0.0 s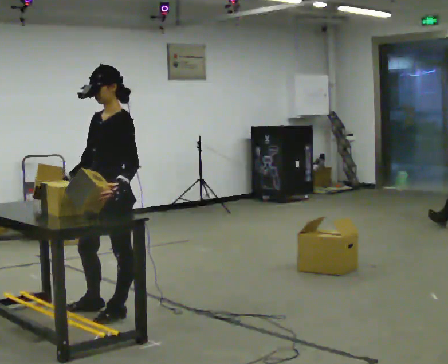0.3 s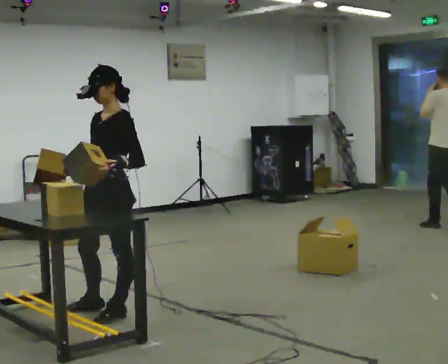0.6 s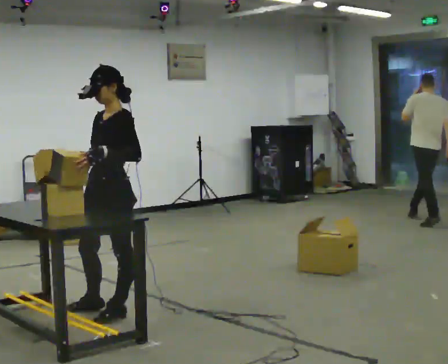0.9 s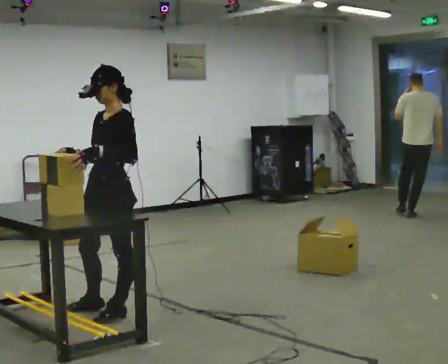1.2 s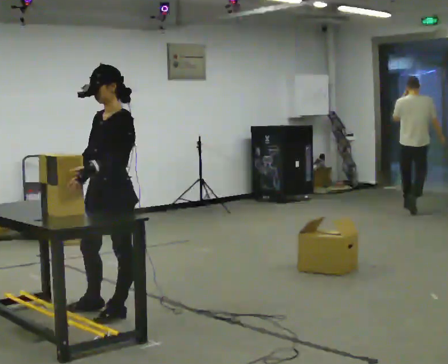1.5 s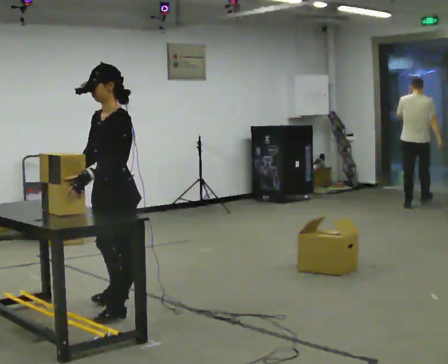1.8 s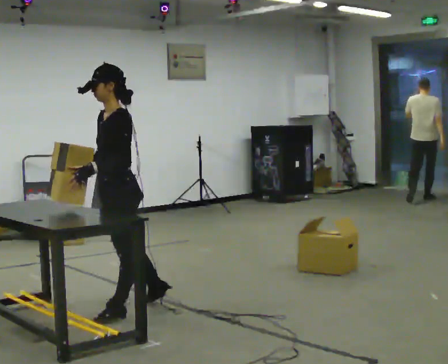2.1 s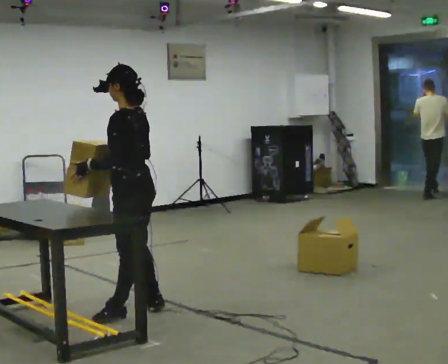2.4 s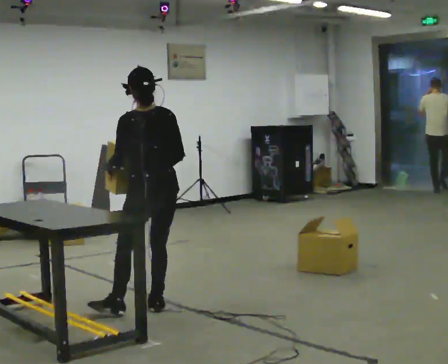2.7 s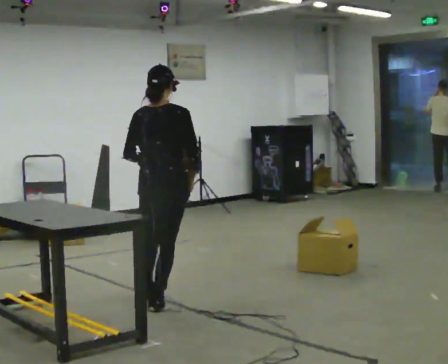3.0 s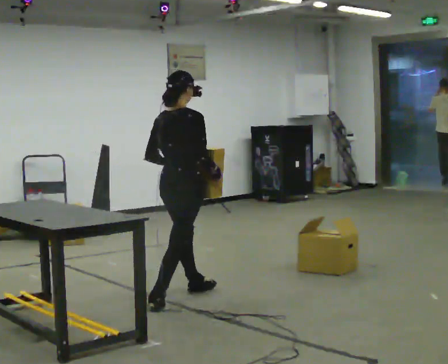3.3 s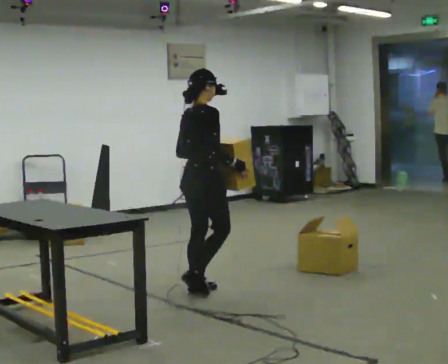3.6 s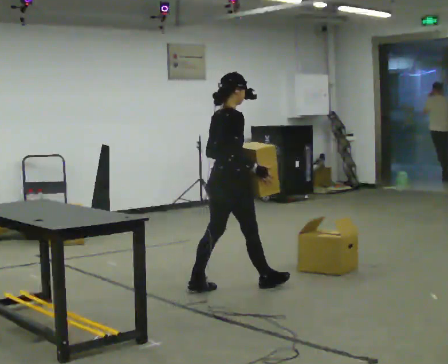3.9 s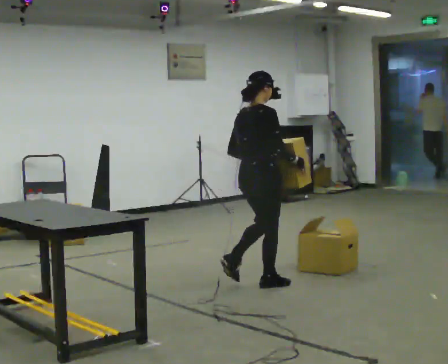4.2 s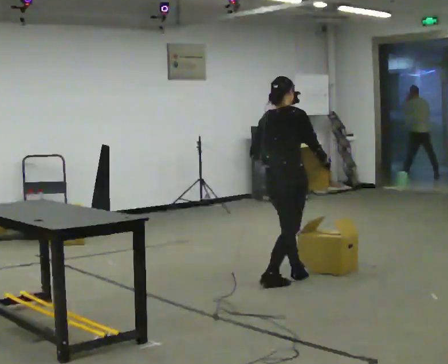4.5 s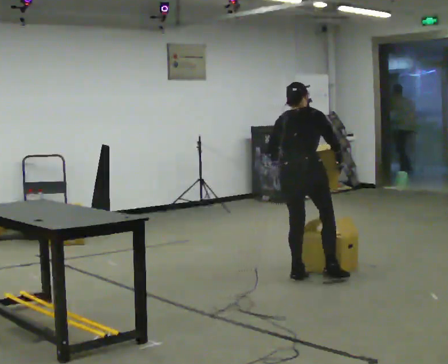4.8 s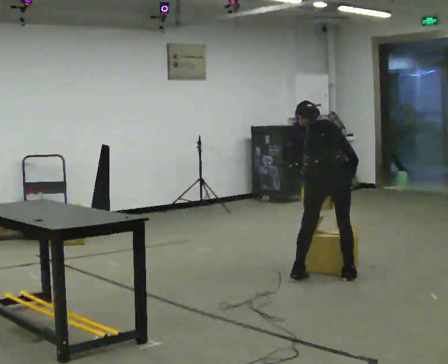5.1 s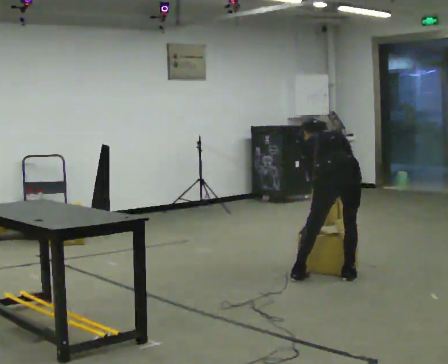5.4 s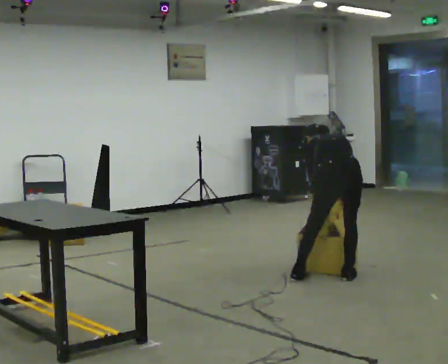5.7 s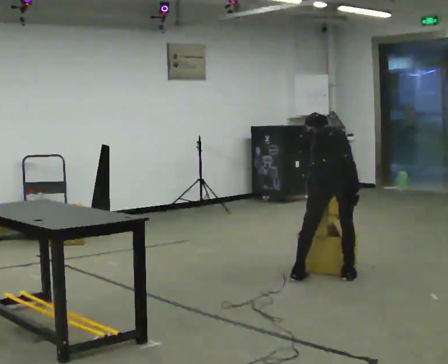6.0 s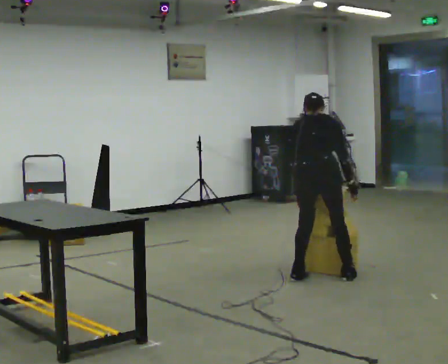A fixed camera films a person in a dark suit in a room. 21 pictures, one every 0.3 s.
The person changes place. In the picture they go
to the right.
0.0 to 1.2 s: The person moves a little, or ends about where they began.
1.2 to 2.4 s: Seen from above the body turns clockwise, about 105 degrees: to their right, with its near side sliding to the left. In the picture they go to the right and away from the camera, about 0.25 m in 1 step.
2.4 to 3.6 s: Seen from above the body turns clockwise, about 90 degrees: to their right, with its near side sliding to the left. In the picture they go to the right and away from the camera, about 0.75 m in 1 step.
3.6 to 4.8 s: The part of the body nearest the lens slides to the right as the person turns to their left by about 60 degrees. In the picture they go to the right, about 1 m in 3 steps. The upper body tips away from the camera, its near side rolling upward, as they bend forward.
4.8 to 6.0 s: The person moves a little, or ends about where they began.
The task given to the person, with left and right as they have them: Carry the box over and put it on the shelf with the label facing out towards you. Get the orientation right, not just the position. Keep going until the operator says stop; one object at a time, and do not rush between trips.
The film runs forward here.
